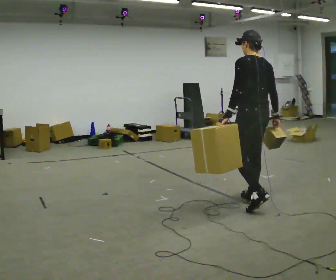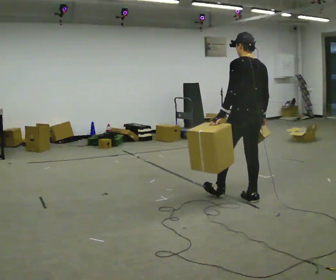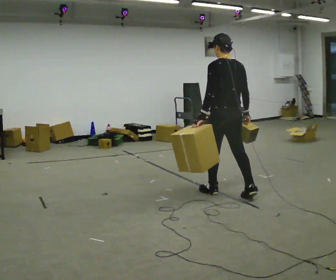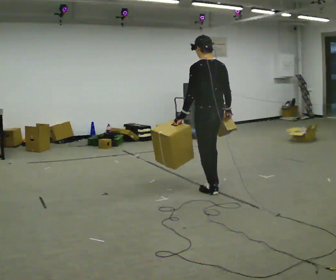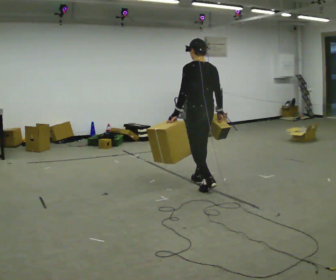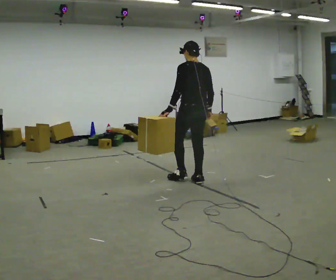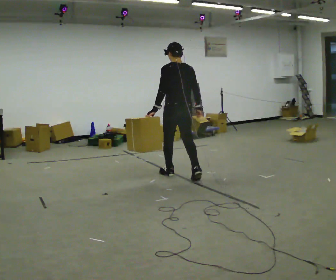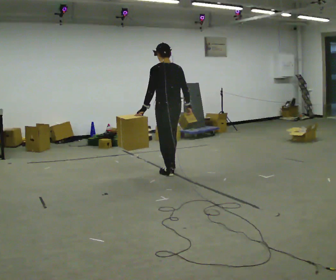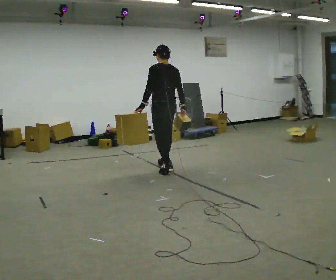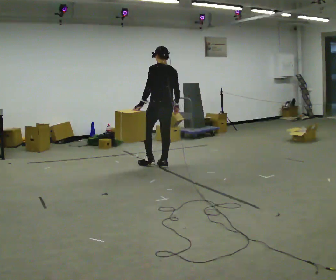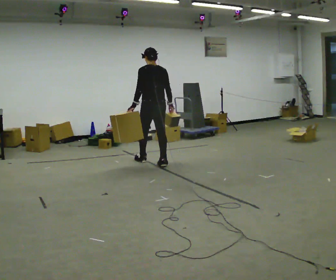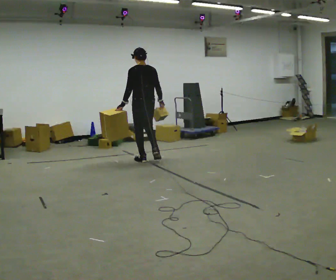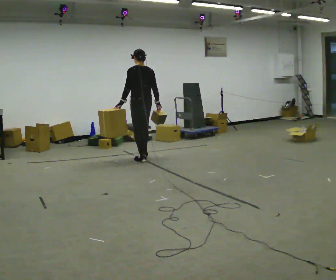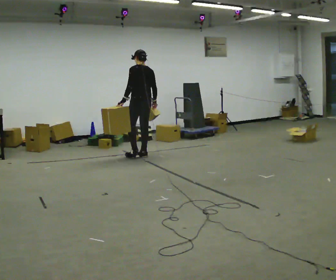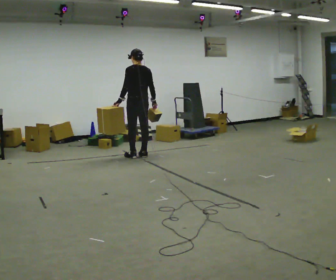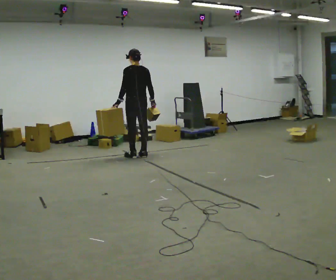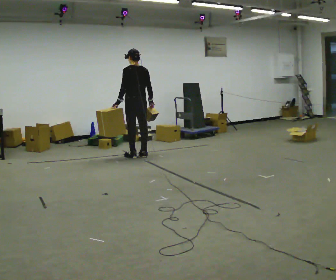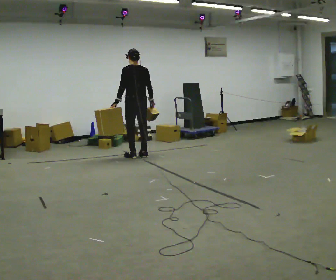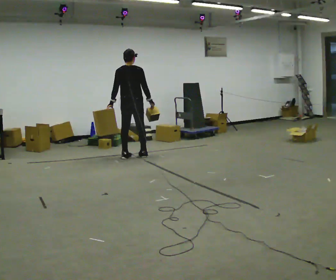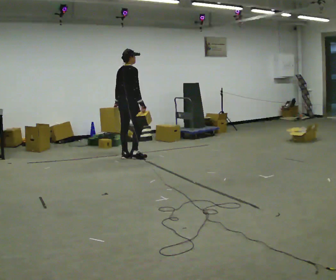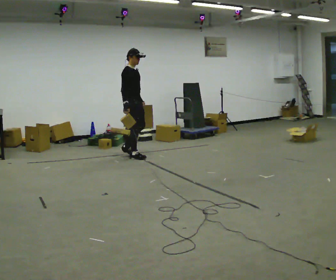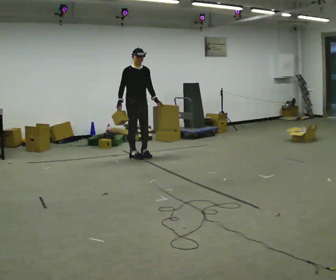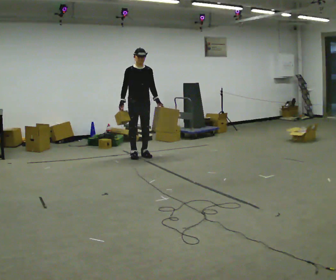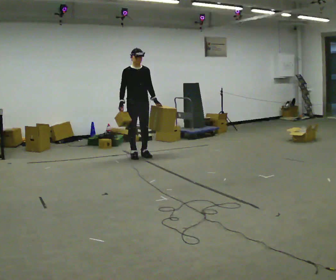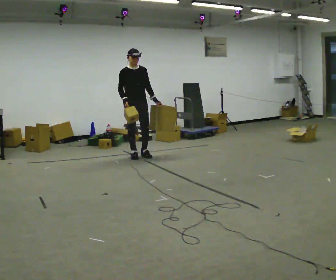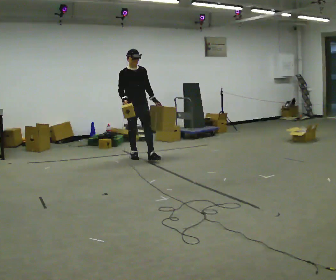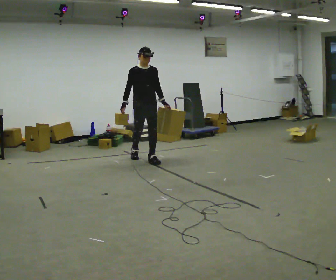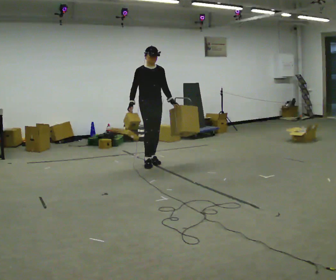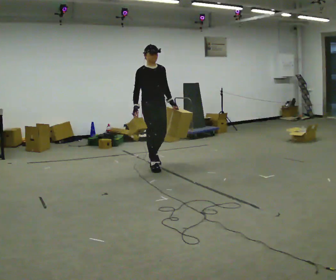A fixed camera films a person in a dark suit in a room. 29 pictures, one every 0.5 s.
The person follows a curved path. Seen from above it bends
clockwise.
0.0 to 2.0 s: In the picture they go away from the camera and to the left, about 1 m in 2 steps, which for them is forward.
2.0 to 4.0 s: In the picture they go away from the camera and to the left, about 1 m in 2 steps, which for them is forward.
4.0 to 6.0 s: In the picture they go away from the camera, about 1 m in 2 steps, which for them is forward.
6.0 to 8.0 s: The person moves a little, or ends about where they began.
8.0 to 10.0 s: The person turns about 135 degrees to their right, clockwise seen from above, so the part of the body nearest the lens slides to the left. In the picture their left hand goes to the right, the arm swinging counterclockwise.
10.0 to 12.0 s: The person turns about 60 degrees to their right, clockwise seen from above, so the part of the body nearest the lens slides to the left.
12.0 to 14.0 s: In the picture they go toward the camera, about 1 m in 2 steps, which for them is forward.
The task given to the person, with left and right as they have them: Carry one object in each hand, the heavy one in the hand the operator calls, walking back and forth across the room.
The film runs forward here.
